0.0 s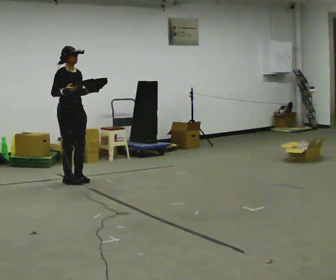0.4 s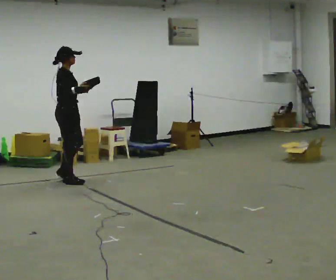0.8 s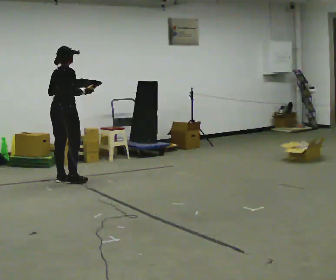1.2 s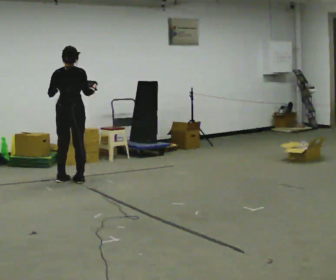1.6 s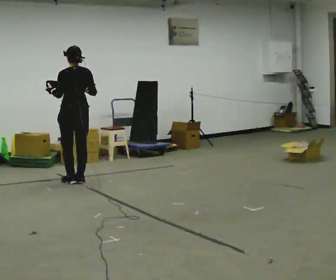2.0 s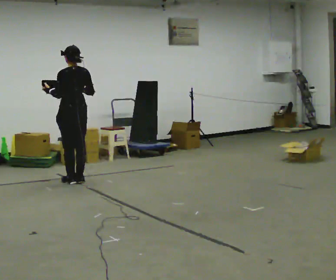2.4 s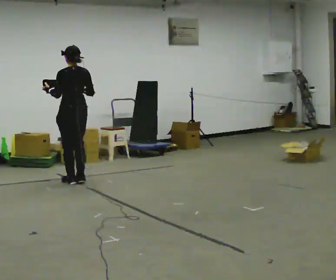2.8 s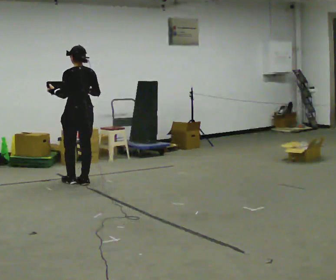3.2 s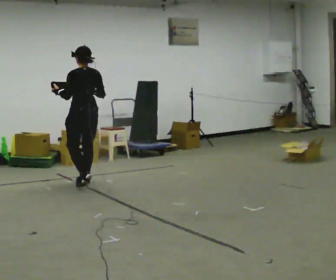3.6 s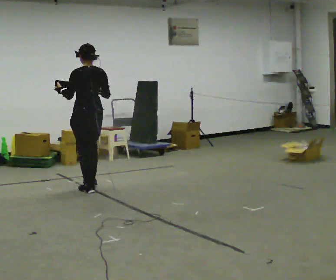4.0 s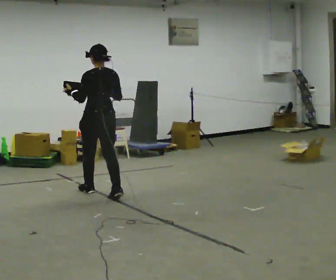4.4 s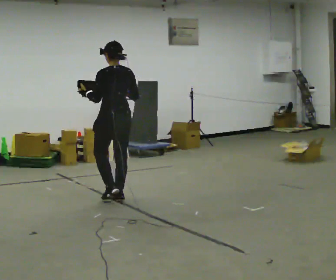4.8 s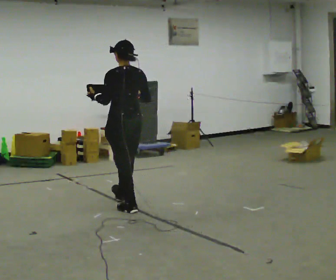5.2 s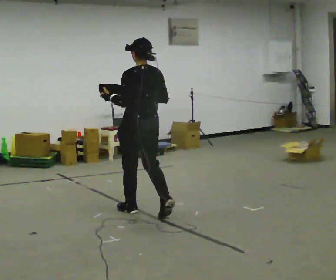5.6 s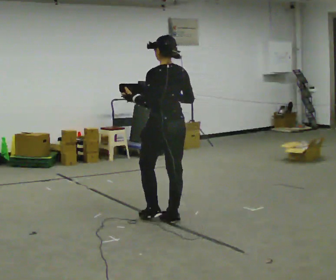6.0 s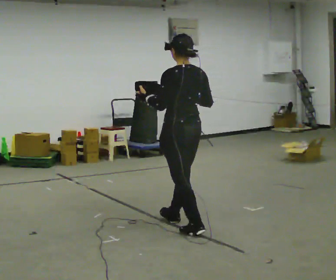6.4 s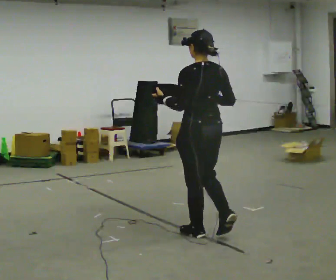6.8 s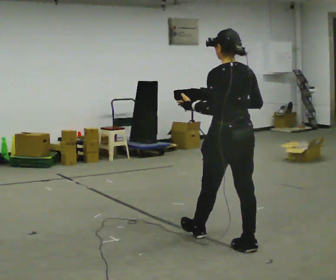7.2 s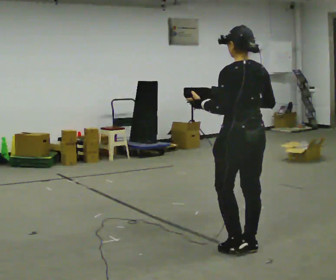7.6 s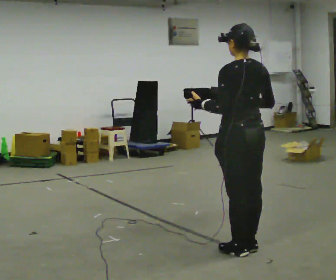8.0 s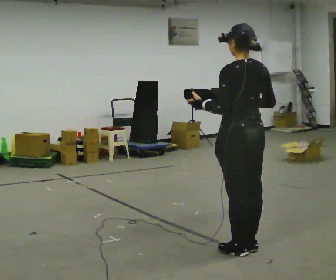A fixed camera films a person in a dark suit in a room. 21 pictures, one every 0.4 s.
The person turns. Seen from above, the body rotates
counterclockwise.
The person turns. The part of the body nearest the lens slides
to the right.
0.0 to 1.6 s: Seen from above the body turns counterclockwise, about 150 degrees: to their left, with its near side sliding to the right. In the picture their left hand goes to the left.
1.6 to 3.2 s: In the picture they go toward the camera, about 0.25 m in 1 step, which for them is backward.
3.2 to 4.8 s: In the picture they go toward the camera and to the right, about 1 m in 3 steps, which for them is backward.
4.8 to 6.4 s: In the picture they go toward the camera and to the right, about 1 m in 2 steps, which for them is backward.
6.4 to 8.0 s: In the picture they go toward the camera and to the right, about 0.5 m in 1 step, which for them is backward.
The film runs backward here.
